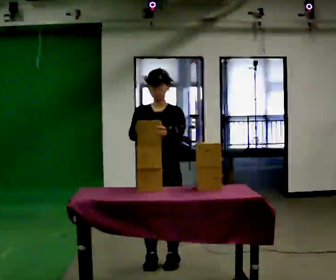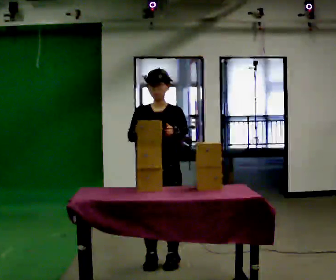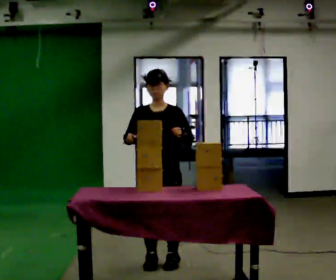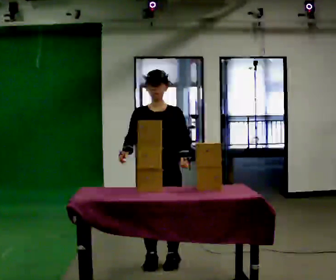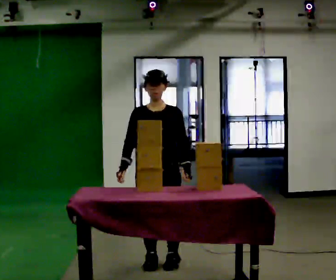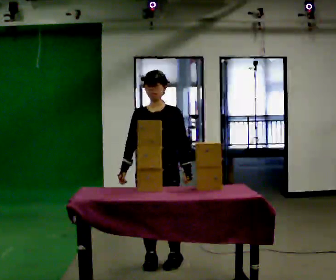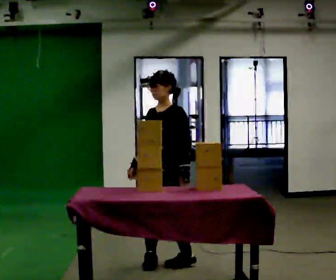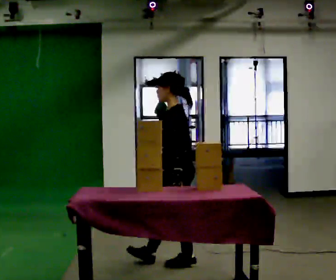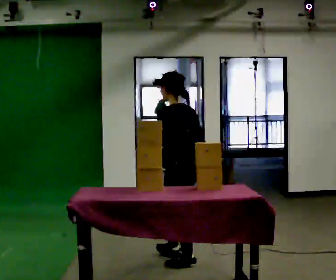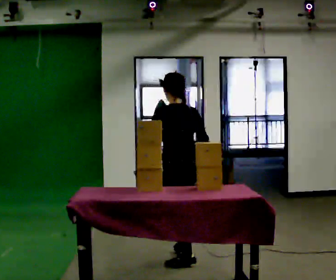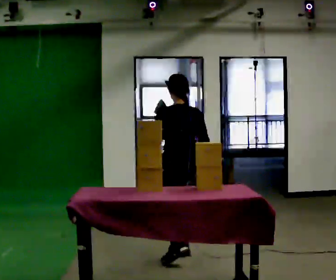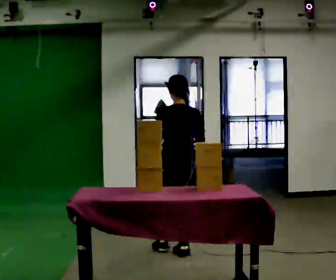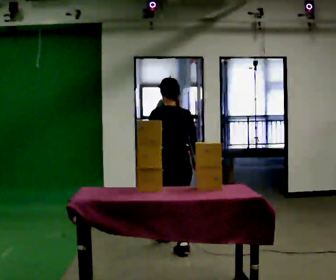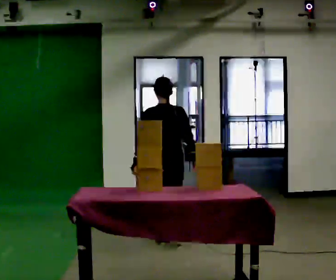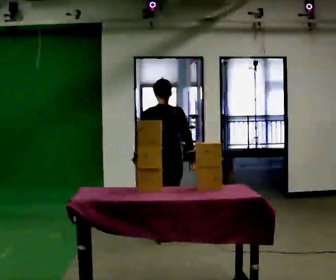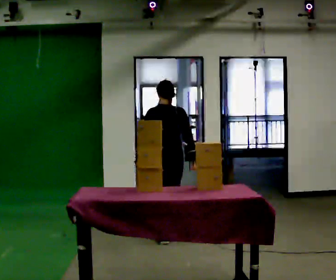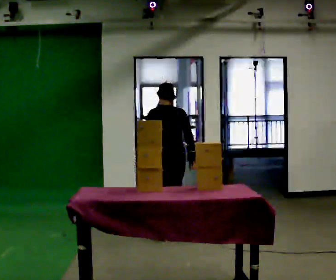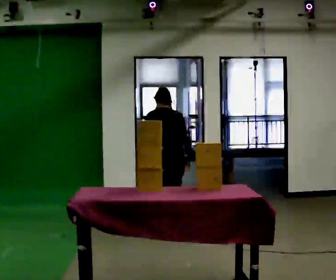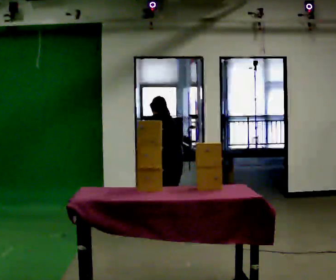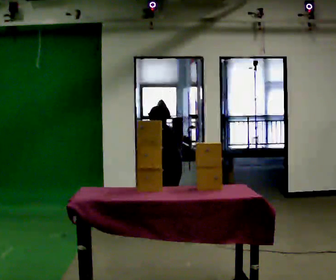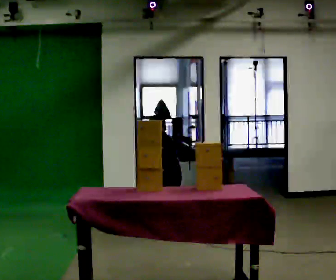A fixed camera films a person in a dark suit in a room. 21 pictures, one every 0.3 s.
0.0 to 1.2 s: In the picture their left hand goes downward.
1.2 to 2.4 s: The part of the body nearest the lens slides to the left as the person turns to their right by about 120 degrees. In the picture they go to the right, about 0.25 m. In the picture their right hand goes to the right, the arm swinging counterclockwise.
2.4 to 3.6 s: The person turns about 45 degrees to their right, clockwise seen from above, so the part of the body nearest the lens slides to the left. In the picture they go away from the camera, about 0.5 m in 2 steps, which for them is forward.
3.6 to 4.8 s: In the picture they go away from the camera, about 0.5 m in 1 step, which for them is forward. The upper body tips away from the camera, its near side rolling upward, as they bend forward.
4.8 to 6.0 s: The shoulders move downward. The upper body tips away from the camera, its near side rolling upward, as they bend forward. In the picture their left hand goes downward.
The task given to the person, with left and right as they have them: Pick an object up off the floor at one end of the room, carry it across, and place it on the waist-height shelf at the other end. Keep going until the operator says stop; one object at a time, and do not rush between trips.
The film runs forward here.
